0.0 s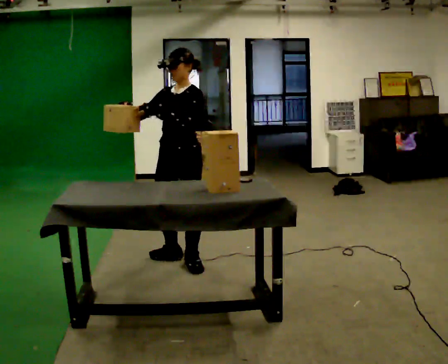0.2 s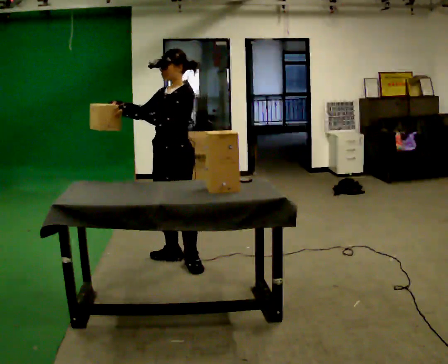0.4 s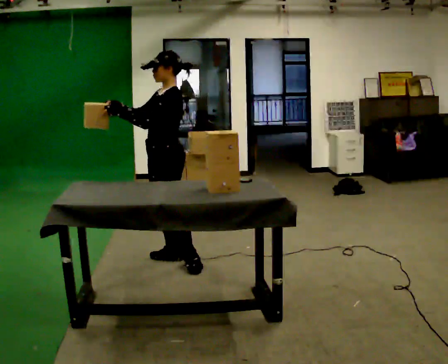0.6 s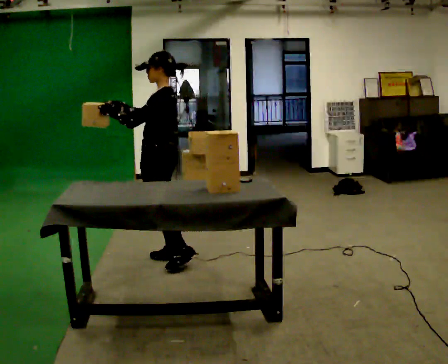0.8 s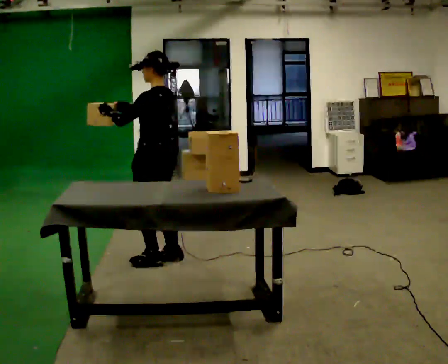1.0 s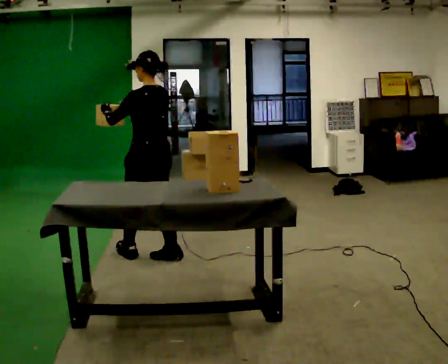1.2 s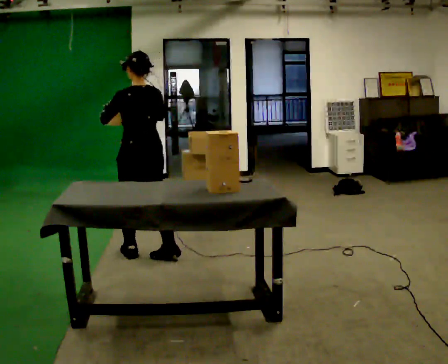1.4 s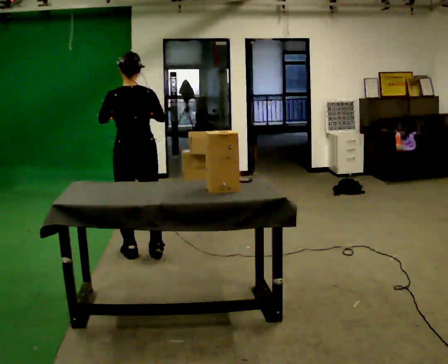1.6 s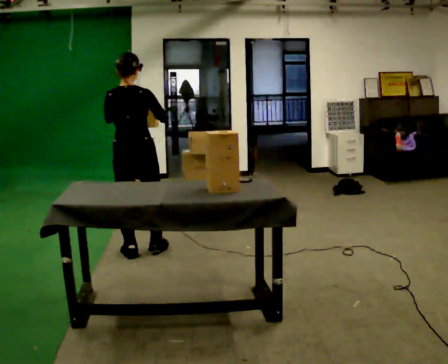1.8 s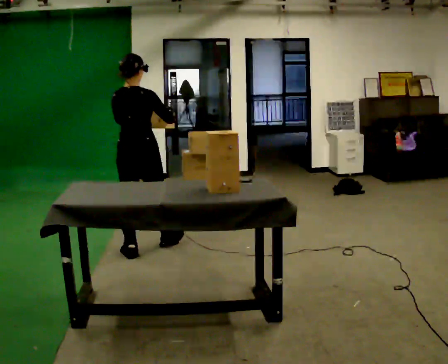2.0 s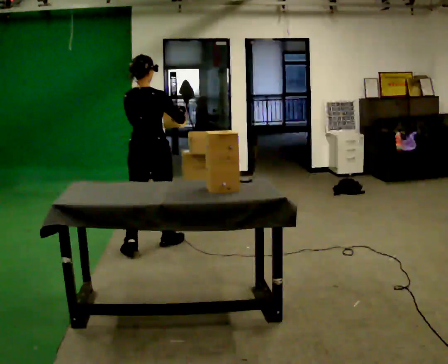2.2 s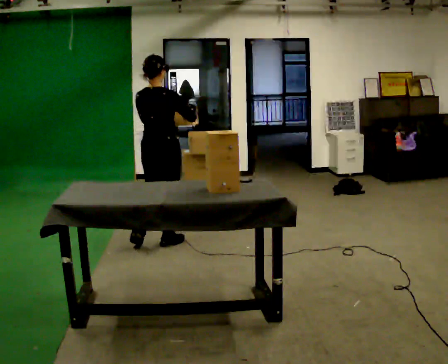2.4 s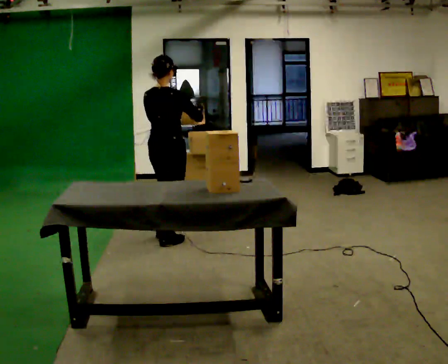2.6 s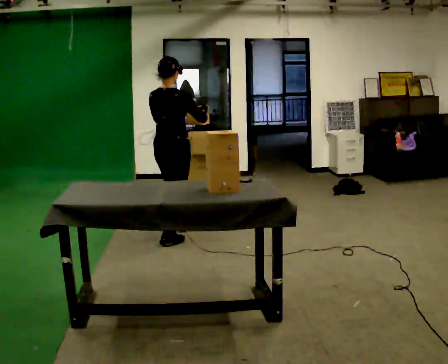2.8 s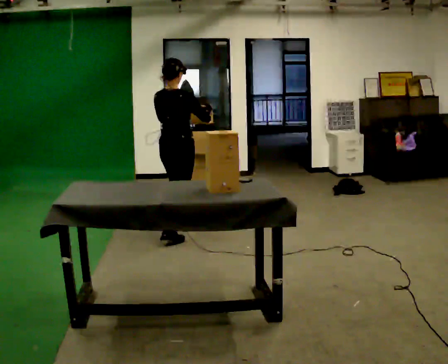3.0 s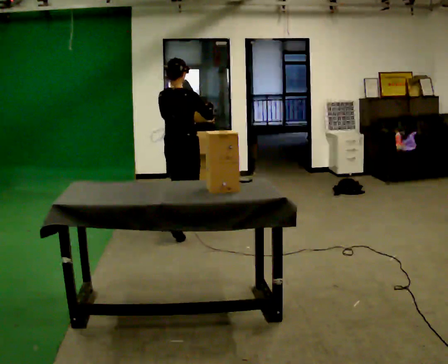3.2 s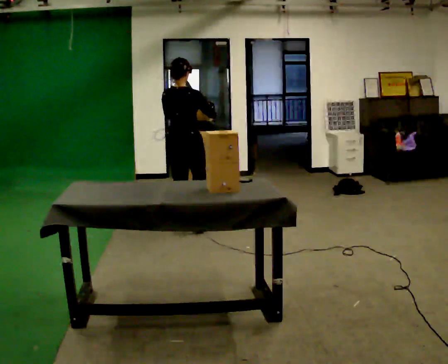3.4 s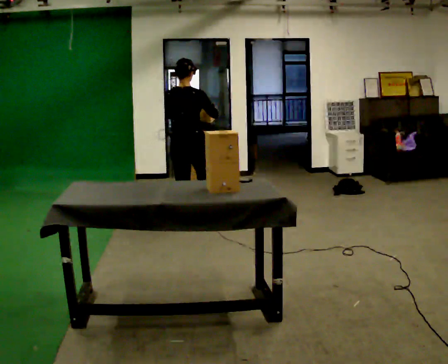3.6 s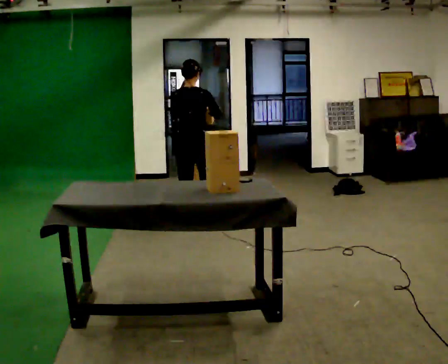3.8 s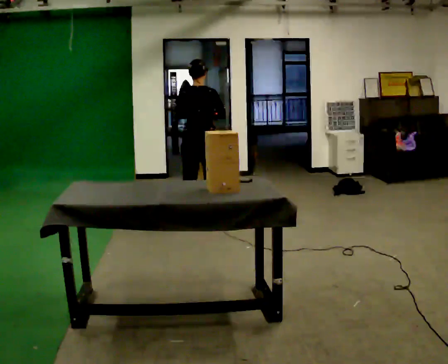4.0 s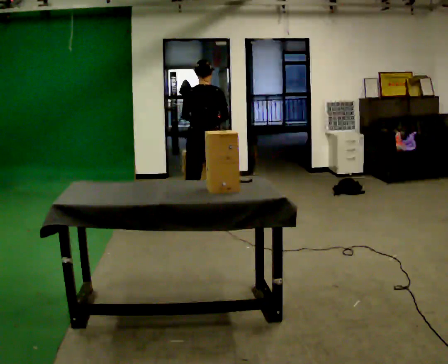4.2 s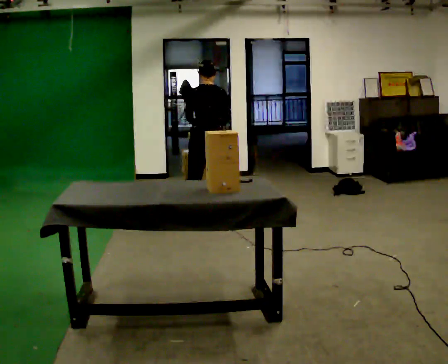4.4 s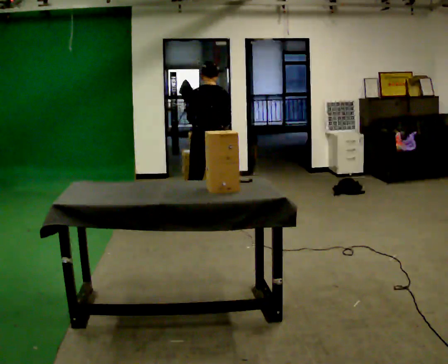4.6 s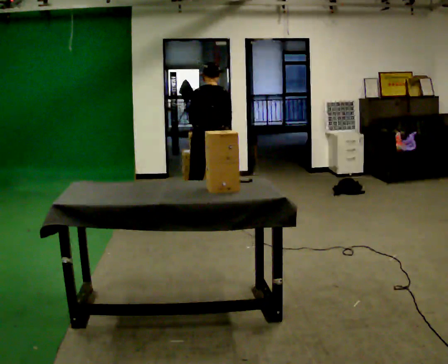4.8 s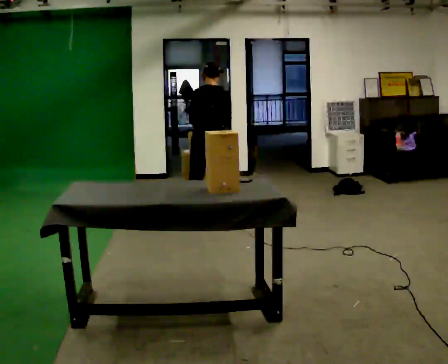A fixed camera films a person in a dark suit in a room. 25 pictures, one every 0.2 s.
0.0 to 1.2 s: The person turns about 105 degrees to their right, clockwise seen from above, so the part of the body nearest the lens slides to the left. In the picture they go to the left and away from the camera, about 0.25 m in 1 step.
1.2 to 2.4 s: The part of the body nearest the lens slides to the left as the person turns to their right by about 60 degrees. In the picture they go away from the camera and to the right, about 0.5 m in 1 step, which for them is forward.
2.4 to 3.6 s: In the picture they go away from the camera and to the right, about 0.5 m in 2 steps, which for them is forward.
3.6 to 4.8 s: In the picture they go away from the camera and to the right, about 0.25 m, which for them is forward and to their right.
The film runs forward here.
